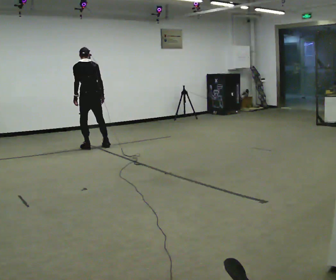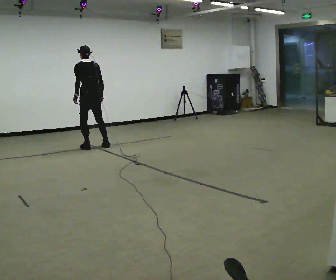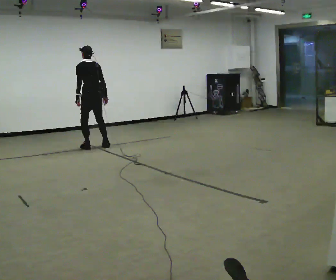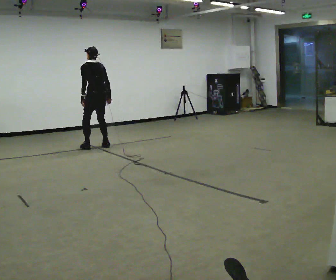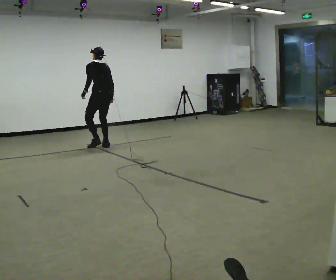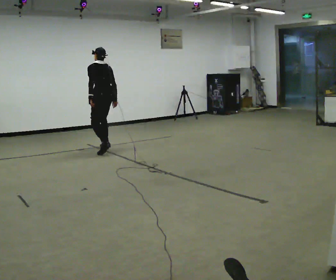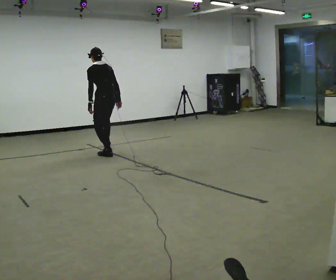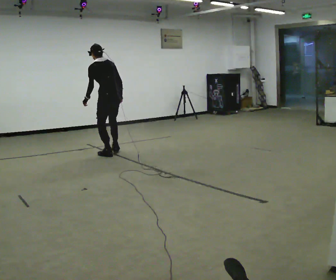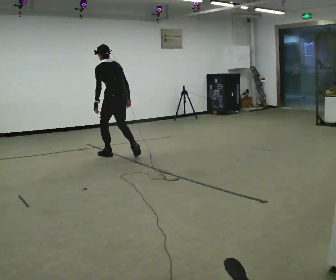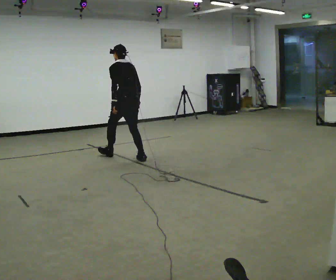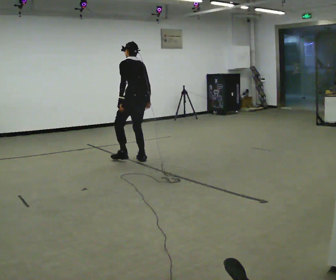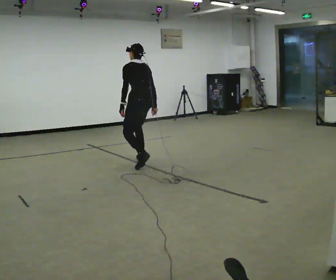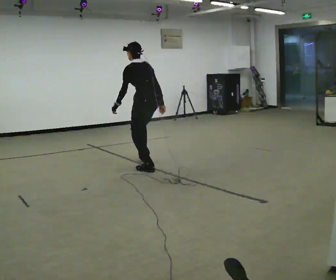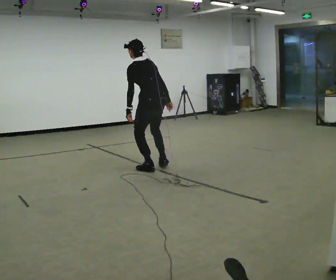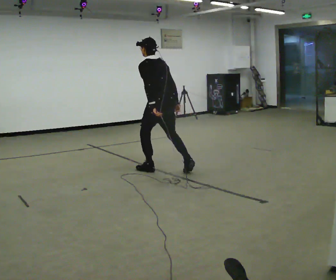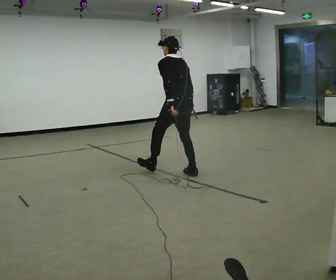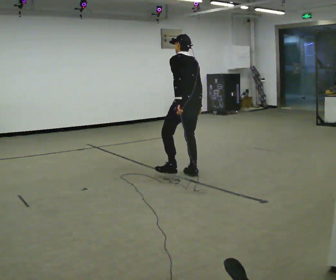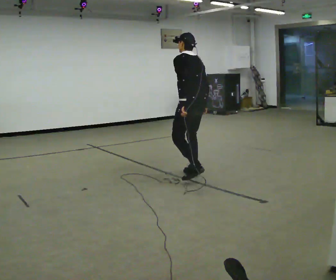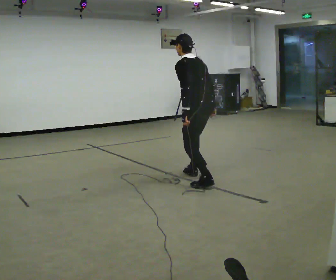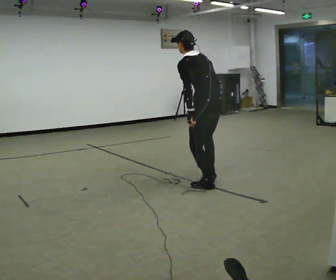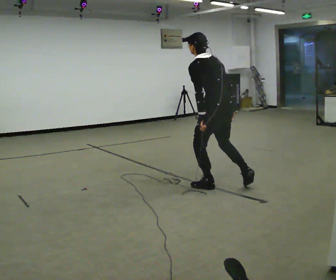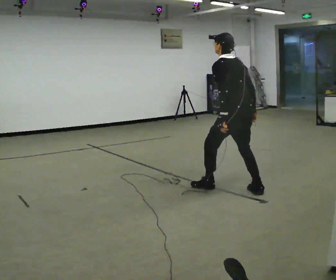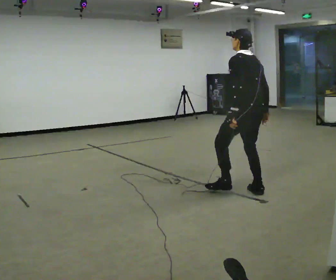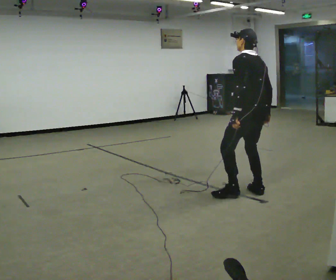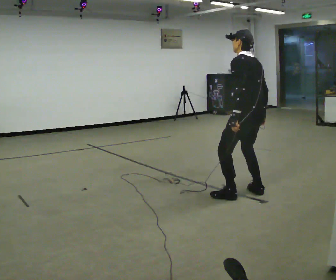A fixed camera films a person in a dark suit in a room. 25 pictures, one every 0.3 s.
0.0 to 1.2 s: In the picture they go to the right, about 0.25 m in 1 step, which for them is to their right.
1.2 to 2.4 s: In the picture they go toward the camera and to the right, about 0.75 m in 1 step, which for them is backward.
2.4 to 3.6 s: In the picture they go toward the camera and to the right, about 0.5 m in 2 steps, which for them is backward.
3.6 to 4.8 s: In the picture they go to the right and toward the camera, about 0.75 m in 1 step, which for them is backward.
4.8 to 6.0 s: In the picture they go toward the camera and to the right, about 0.5 m in 1 step, which for them is backward. In the picture the upper body tilts counterclockwise, shoulders to the left.
6.0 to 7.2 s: In the picture they go to the right and toward the camera, about 0.5 m in 1 step, which for them is backward. In the picture the upper body tilts clockwise, shoulders to the right.
The film runs backward here.
